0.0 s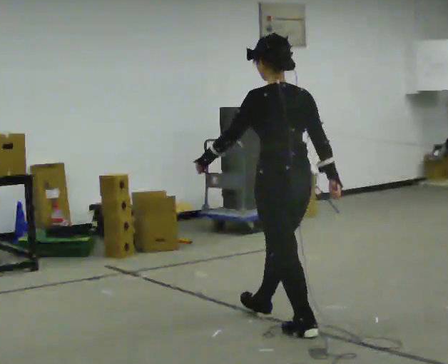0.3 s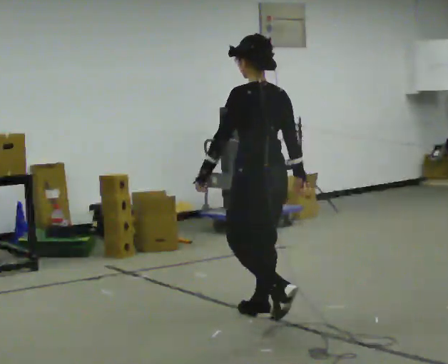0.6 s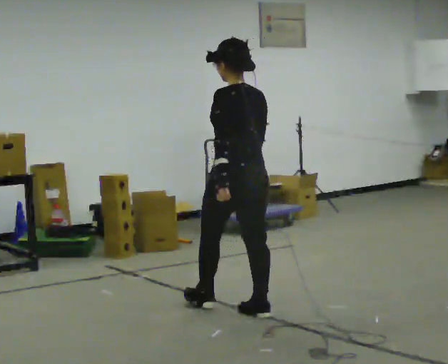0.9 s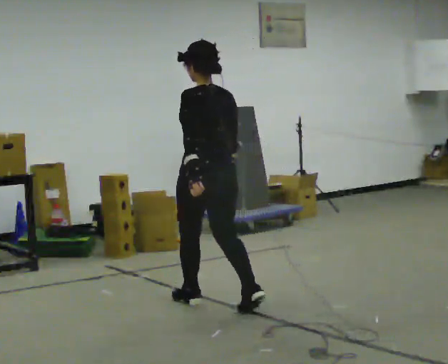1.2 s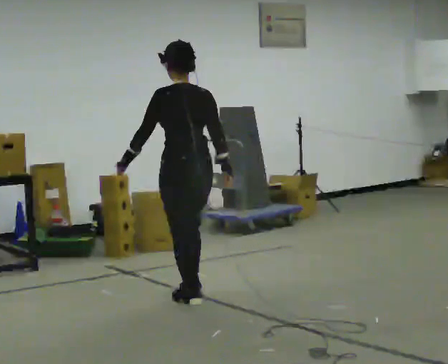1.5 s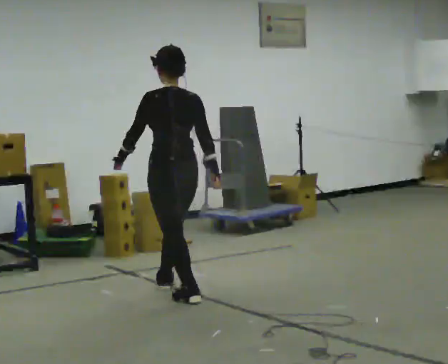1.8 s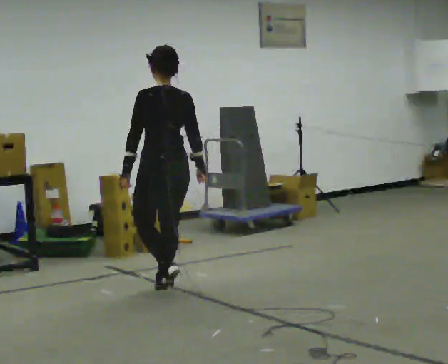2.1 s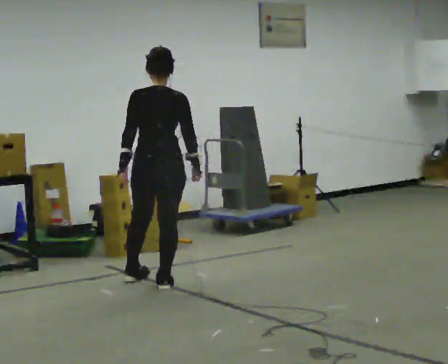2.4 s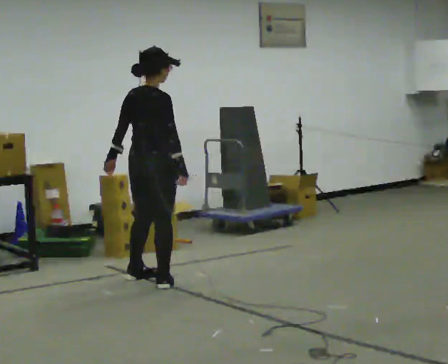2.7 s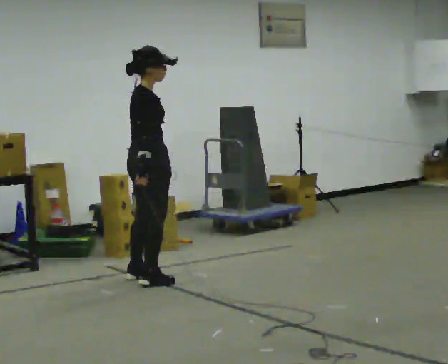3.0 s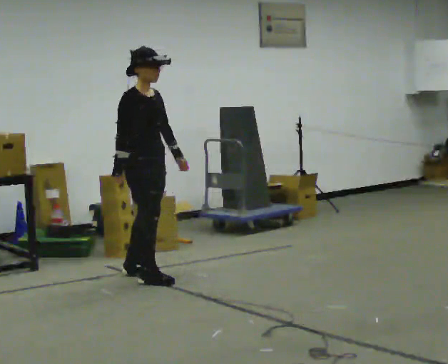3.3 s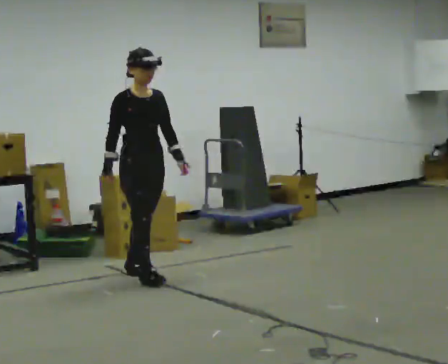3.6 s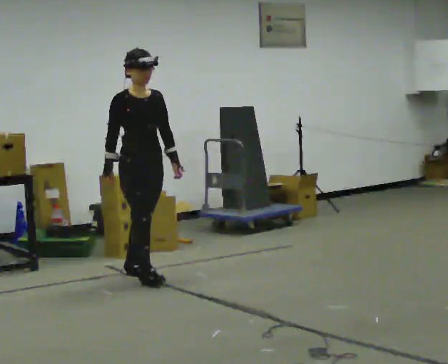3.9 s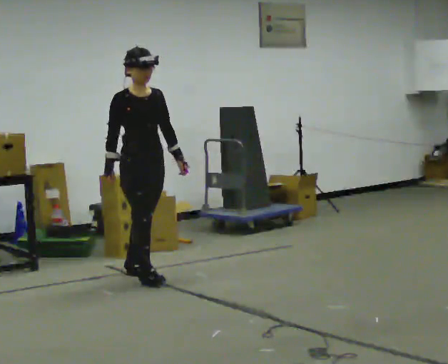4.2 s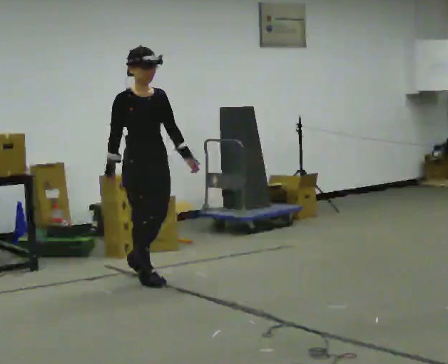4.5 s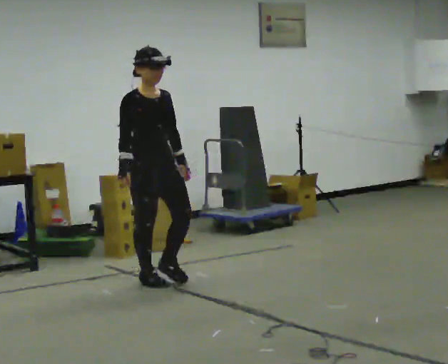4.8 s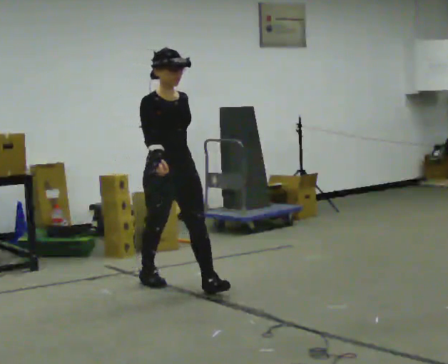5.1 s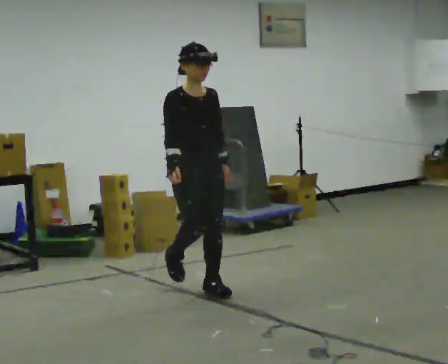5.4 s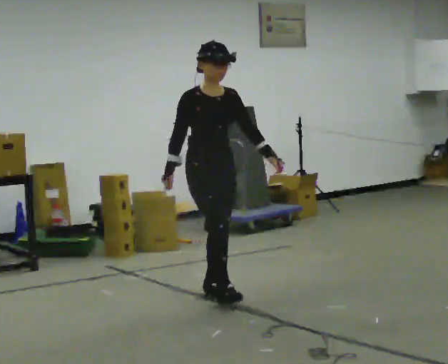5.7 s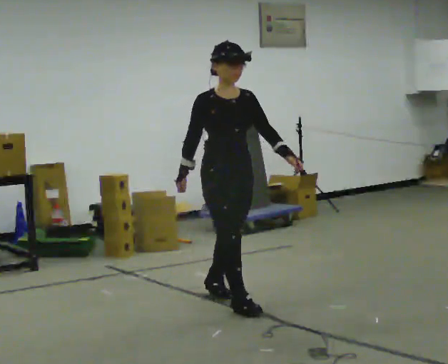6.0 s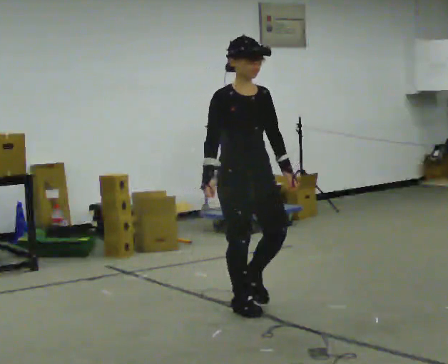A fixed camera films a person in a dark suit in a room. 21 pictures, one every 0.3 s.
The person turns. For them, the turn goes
to their right.
The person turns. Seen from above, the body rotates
clockwise.
0.0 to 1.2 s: In the picture they go away from the camera and to the left, about 1 m in 1 step, which for them is forward.
1.2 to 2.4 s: Seen from above the body turns clockwise, about 75 degrees: to their right, with its near side sliding to the left. In the picture they go away from the camera, about 0.75 m in 2 steps.
2.4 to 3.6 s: Seen from above the body turns clockwise, about 105 degrees: to their right, with its near side sliding to the left. In the picture their left hand goes to the right, the arm swinging counterclockwise.
3.6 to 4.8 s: In the picture they go toward the camera and to the right, about 0.5 m in 1 step, which for them is forward.
4.8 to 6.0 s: In the picture they go toward the camera and to the right, about 1 m in 1 step, which for them is forward.
The film runs forward here.
